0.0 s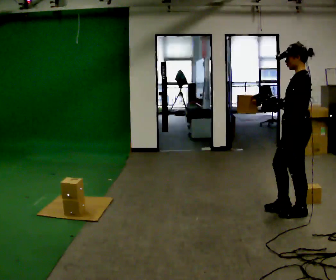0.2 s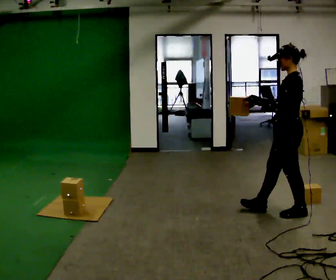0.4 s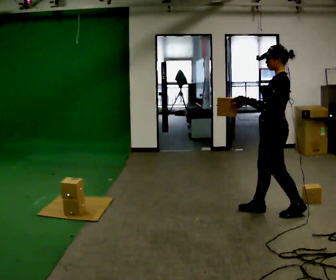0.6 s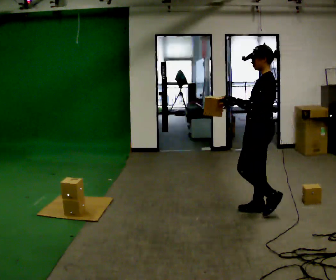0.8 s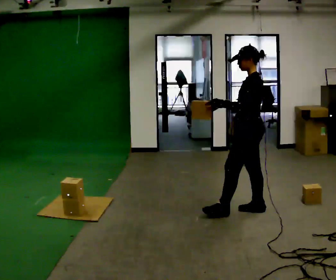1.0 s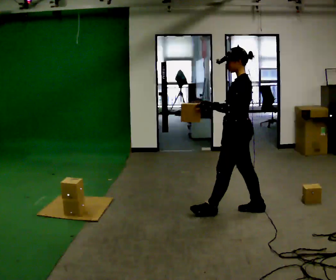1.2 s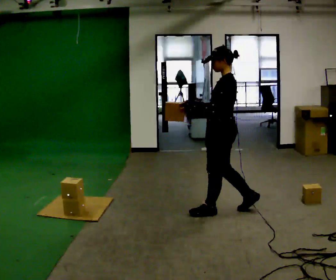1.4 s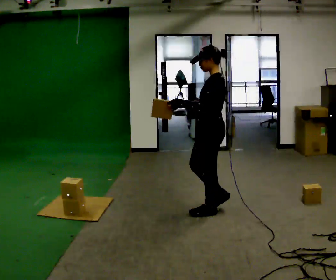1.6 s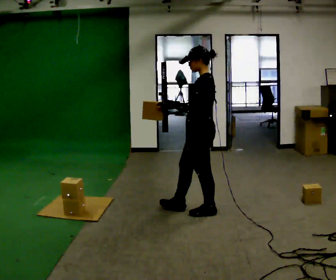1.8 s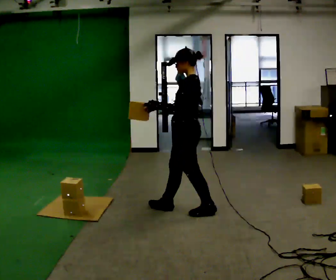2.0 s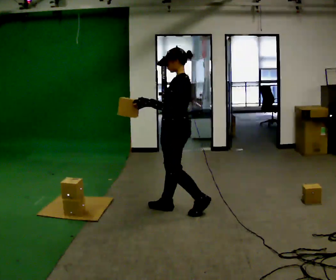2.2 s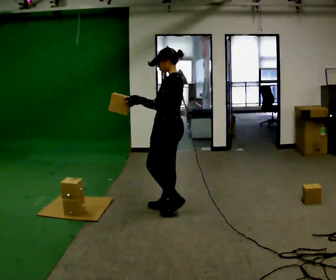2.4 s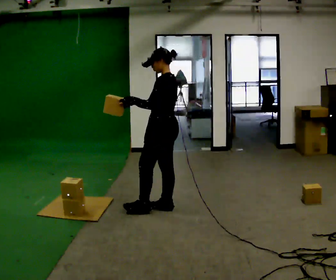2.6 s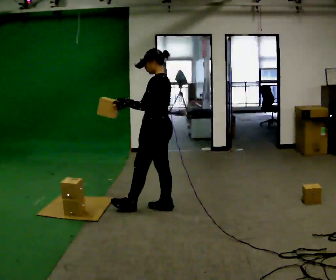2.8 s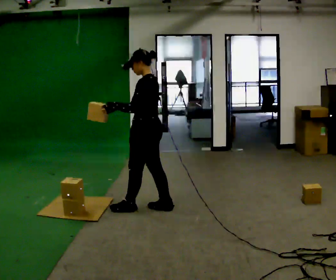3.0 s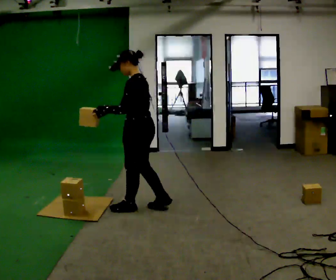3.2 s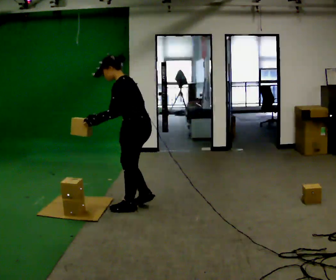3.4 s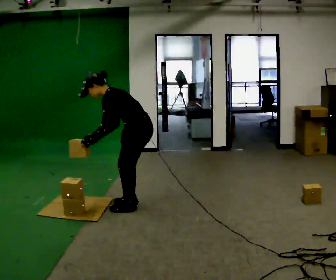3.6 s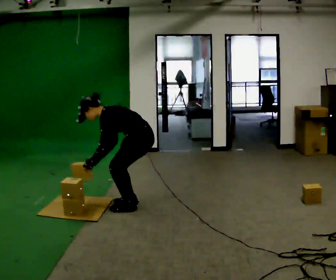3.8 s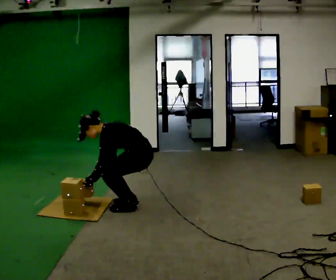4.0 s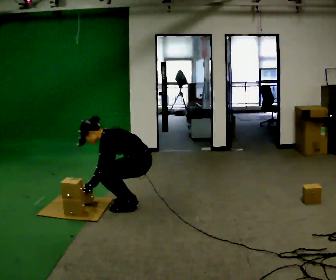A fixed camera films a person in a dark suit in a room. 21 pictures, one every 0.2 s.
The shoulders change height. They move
downward.
The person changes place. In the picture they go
to the left.
0.0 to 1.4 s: In the picture they go to the left, about 1 m in 2 steps, which for them is forward.
1.4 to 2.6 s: In the picture they go to the left, about 0.5 m in 2 steps, which for them is forward.
2.6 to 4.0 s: In the picture they go to the left, about 0.25 m in 1 step, which for them is forward. The shoulders move downward. In the picture the upper body tilts counterclockwise, shoulders to the left, as they bend forward. In the picture their left hand goes downward and to the left.
The film runs forward here.
